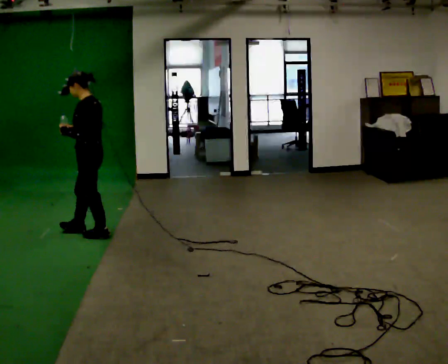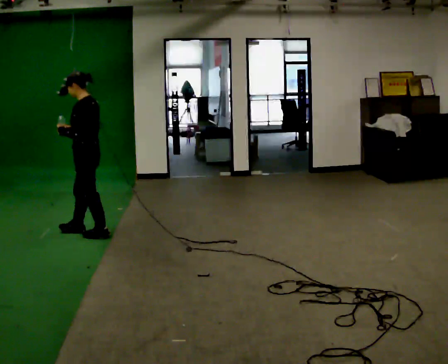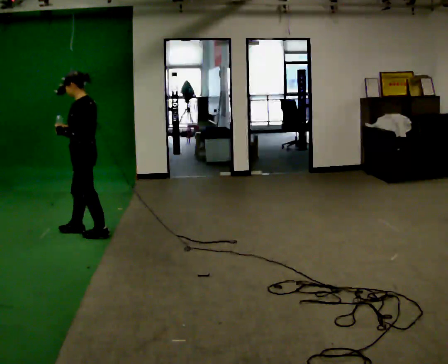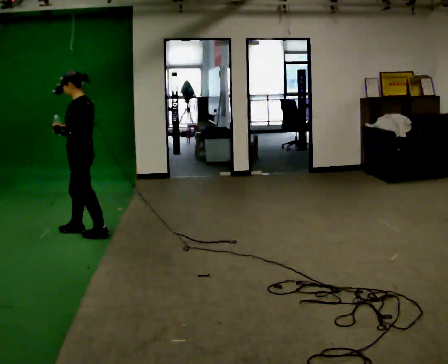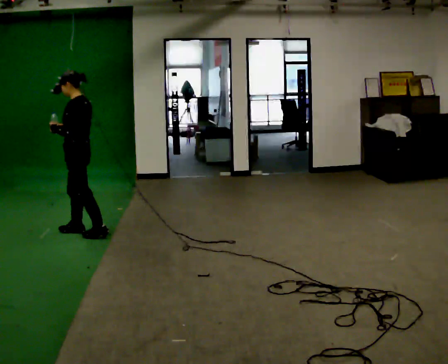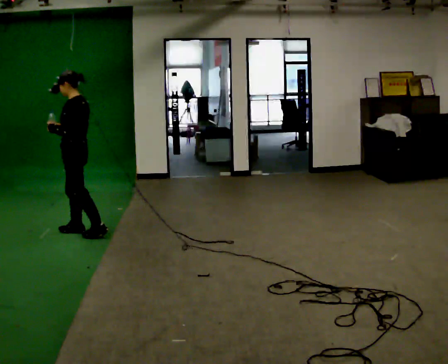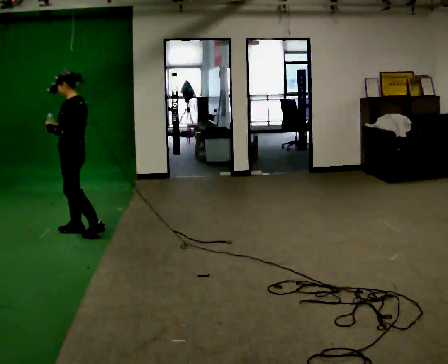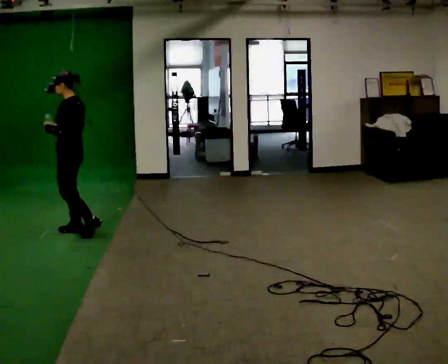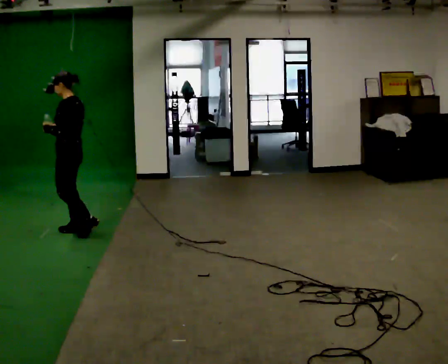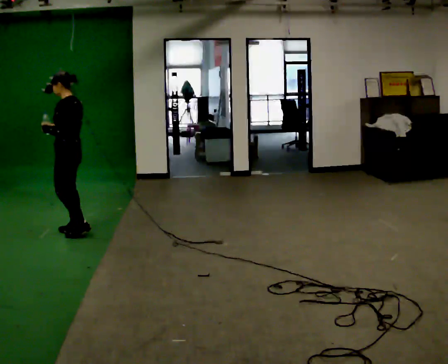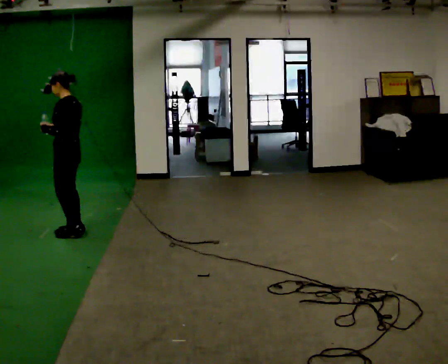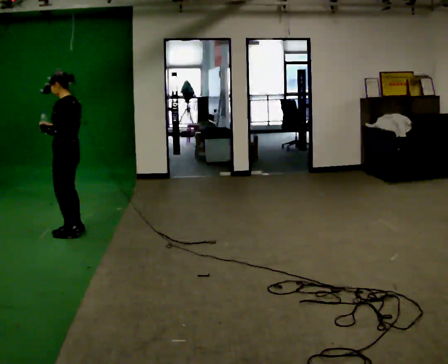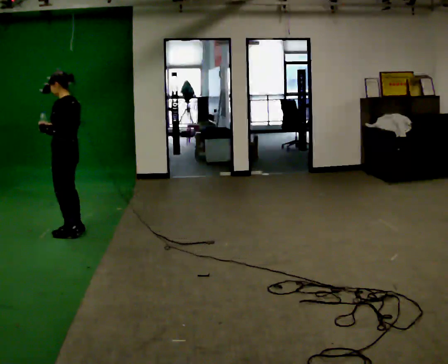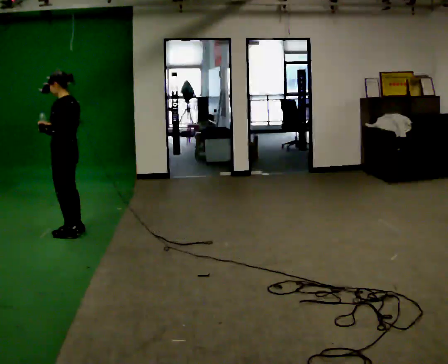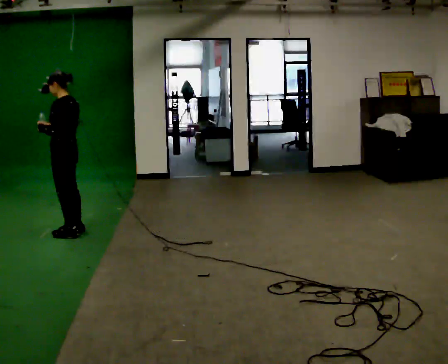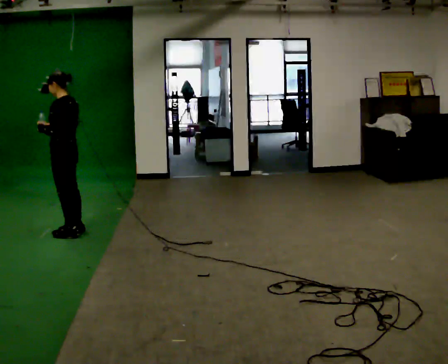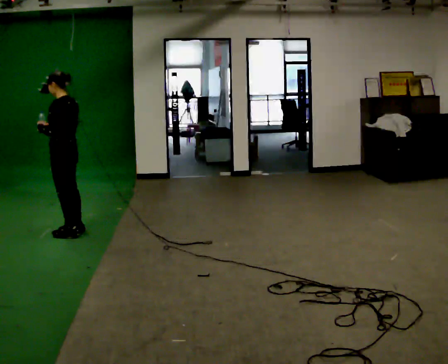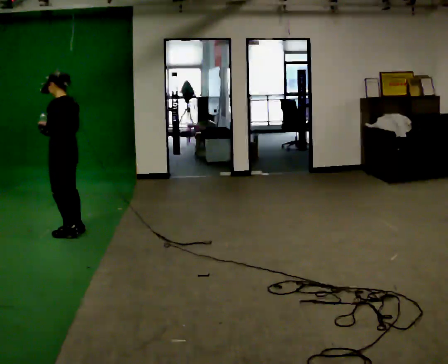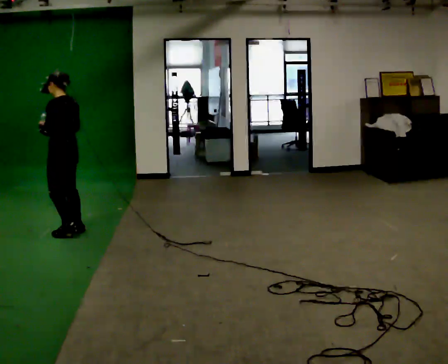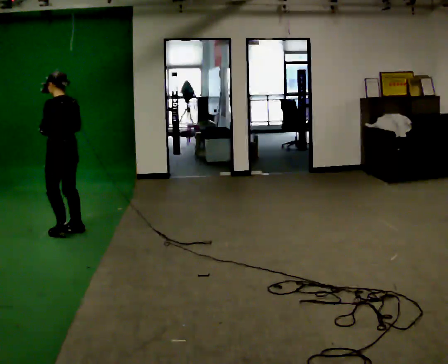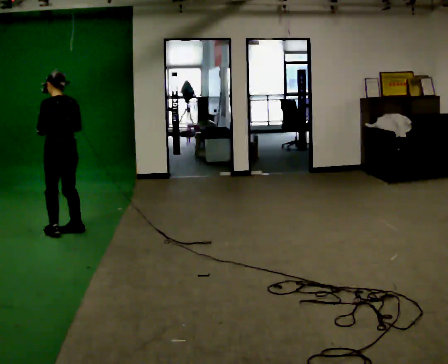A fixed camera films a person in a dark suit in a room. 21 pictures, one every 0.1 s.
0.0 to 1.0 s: In the picture they go away from the camera and to the left, about 0.25 m, which for them is forward and to their right.
1.0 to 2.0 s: The part of the body nearest the lens slides to the left as the person turns to their right by about 30 degrees.
The film runs forward here.
